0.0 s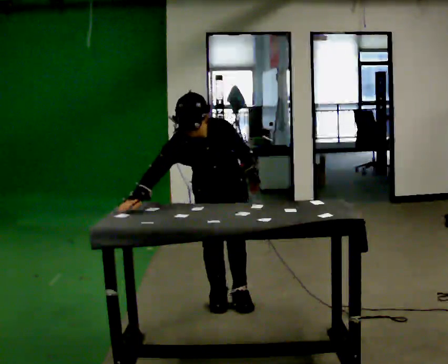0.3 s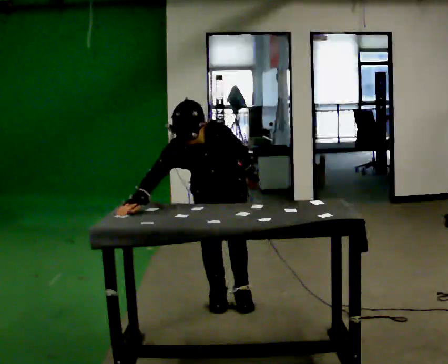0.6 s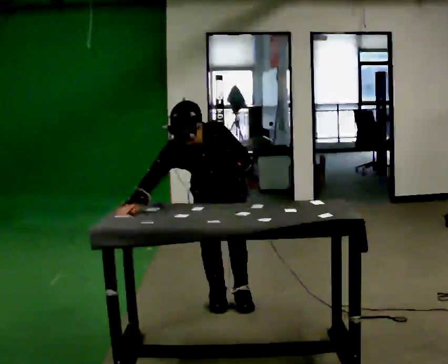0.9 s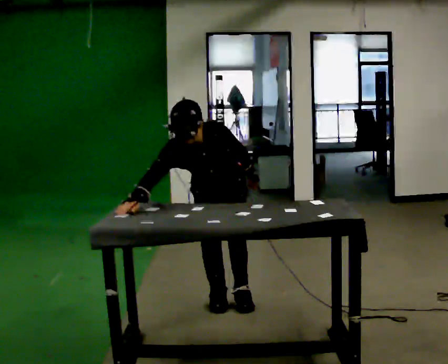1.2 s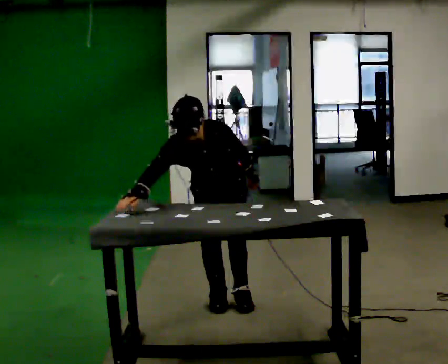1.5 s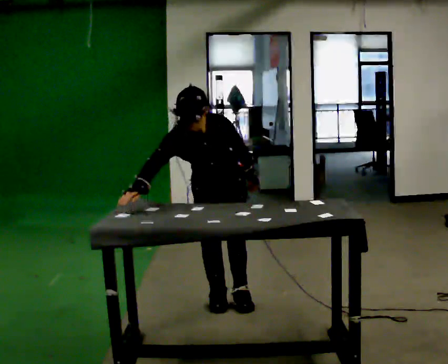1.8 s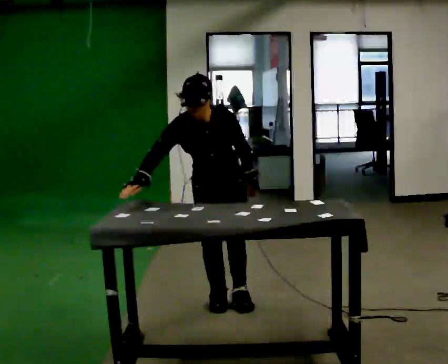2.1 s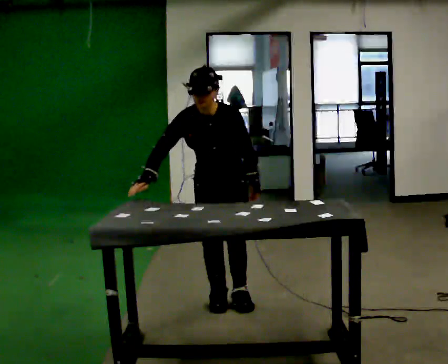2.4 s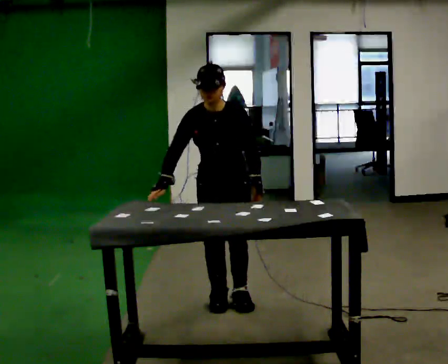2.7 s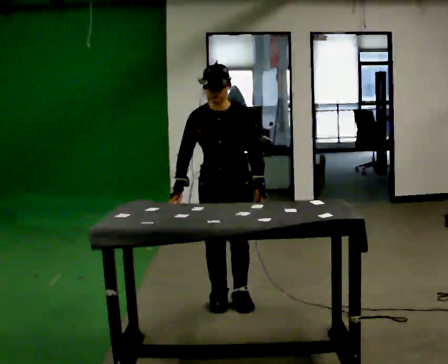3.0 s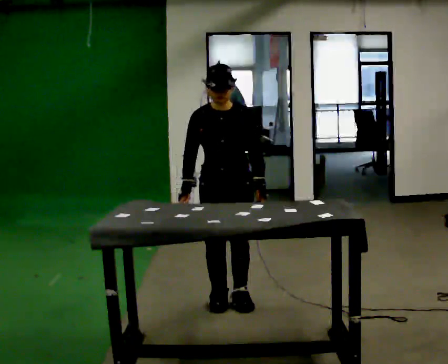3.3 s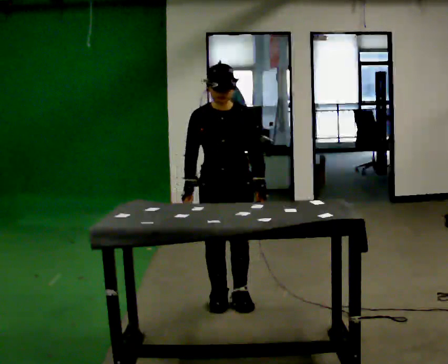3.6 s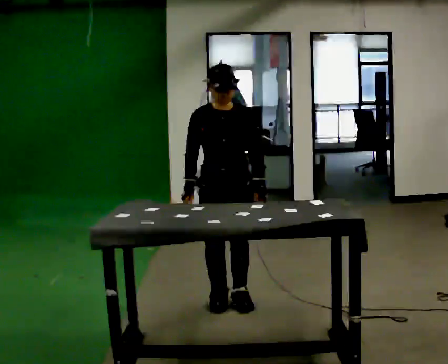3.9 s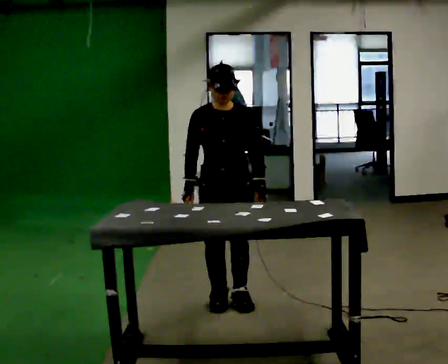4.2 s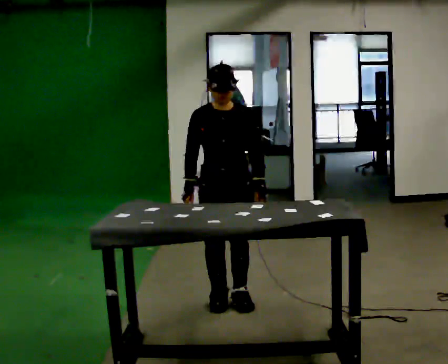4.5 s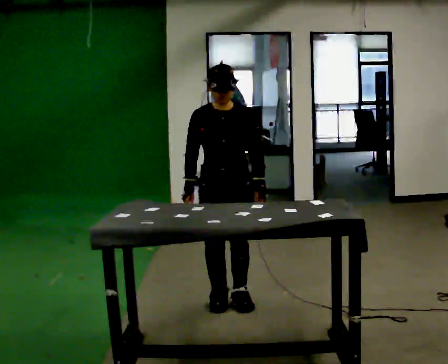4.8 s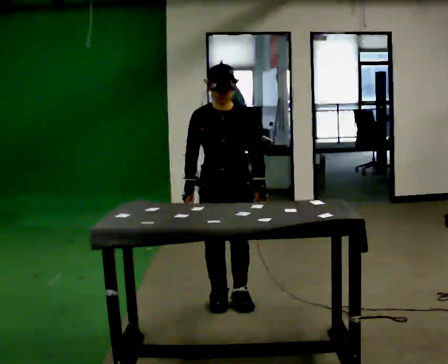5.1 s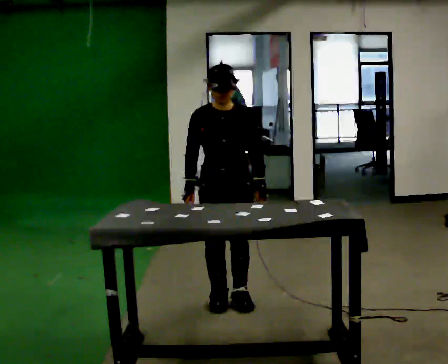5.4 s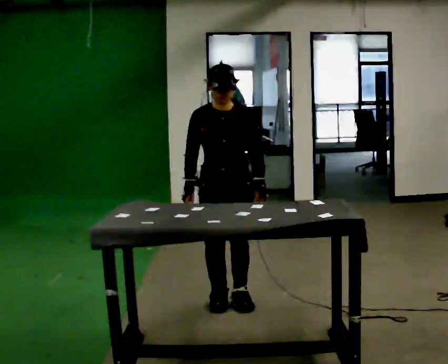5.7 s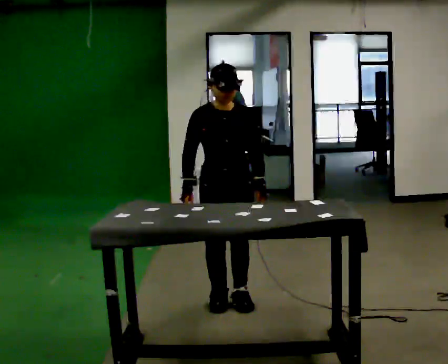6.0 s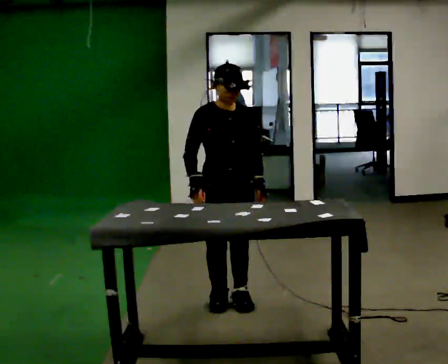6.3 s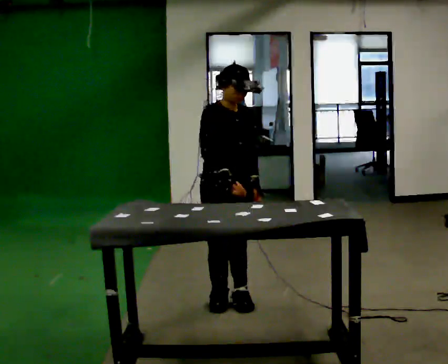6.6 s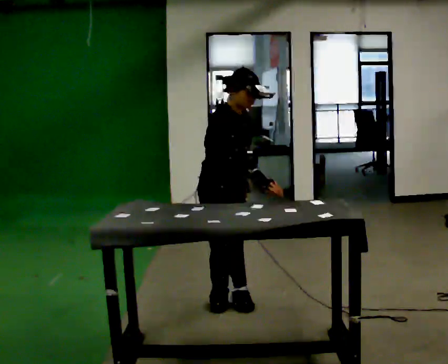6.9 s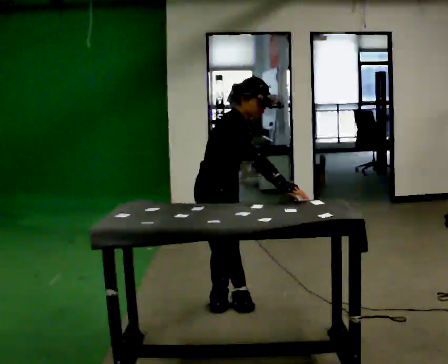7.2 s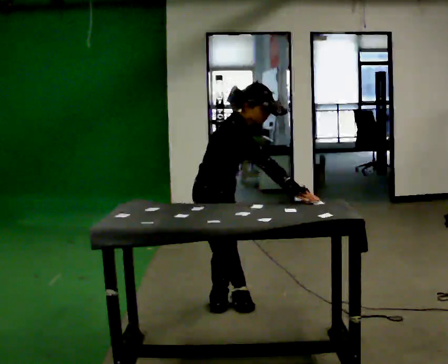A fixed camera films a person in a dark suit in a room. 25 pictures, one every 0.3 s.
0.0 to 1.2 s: The person moves a little, or ends about where they began.
1.2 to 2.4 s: The upper body tips away from the camera, its near side rolling upward, as they lean back or straighten.
2.4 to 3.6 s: The person moves a little, or ends about where they began.
3.6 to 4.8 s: The person keeps their place and pose.
4.8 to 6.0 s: The person moves a little, or ends about where they began.
6.0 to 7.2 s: The person turns about 45 degrees to their left, counterclockwise seen from above, so the part of the body nearest the lens slides to the right. In the picture the upper body tilts clockwise, shoulders to the right, as they bend forward. In the picture their right hand goes to the right, the arm swinging counterclockwise.
The film runs forward here.
